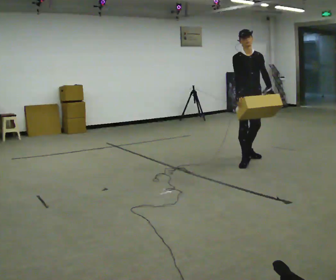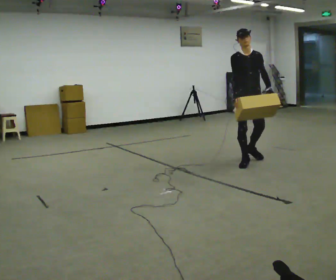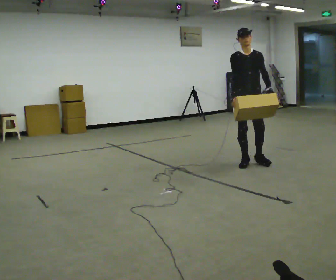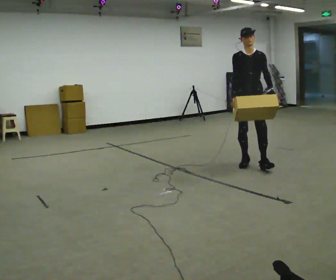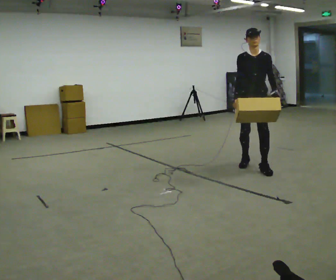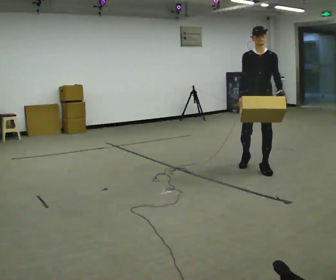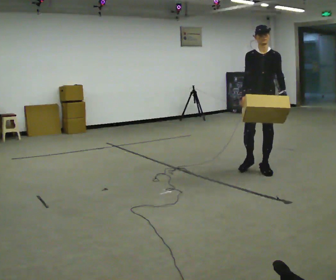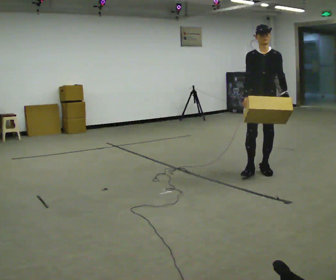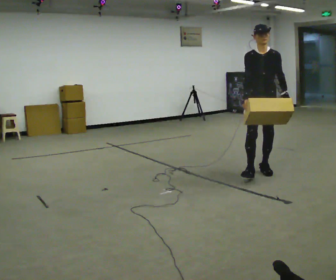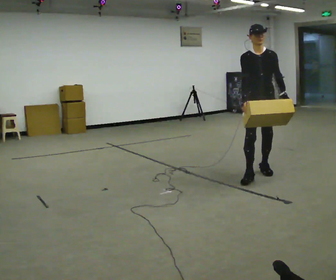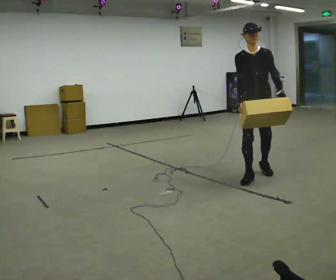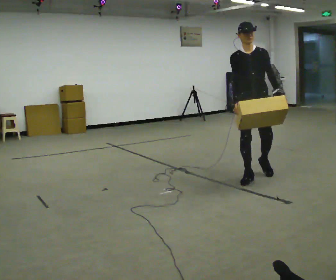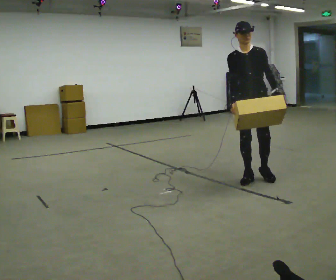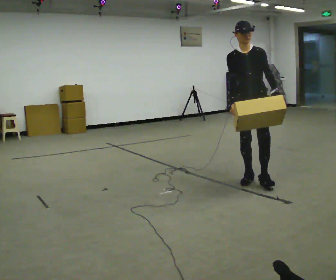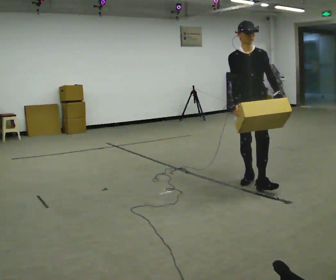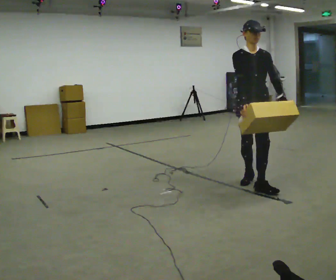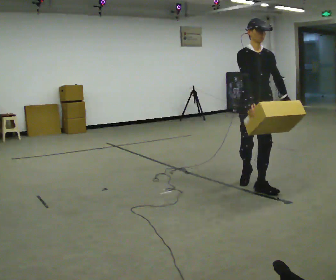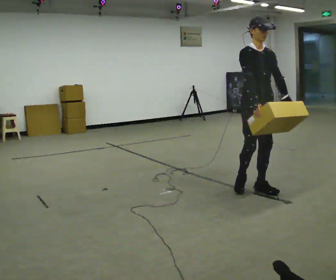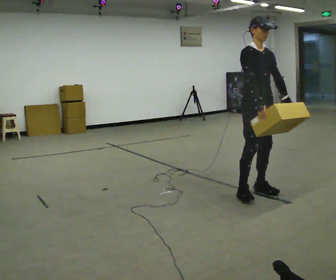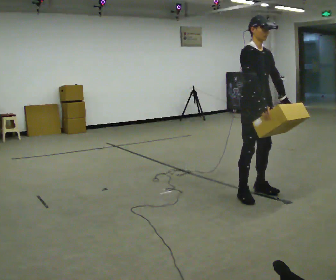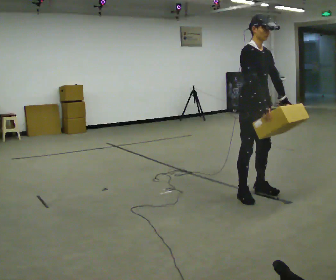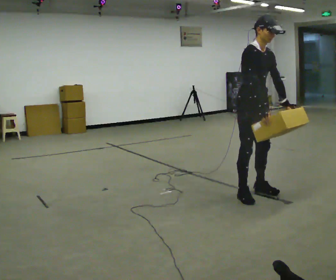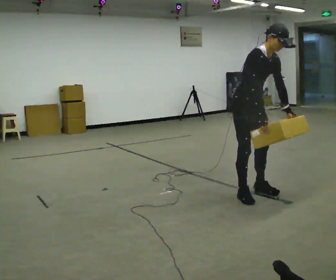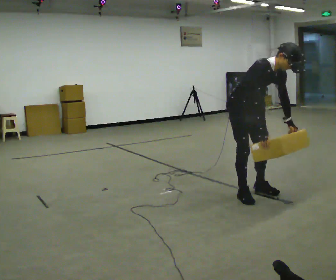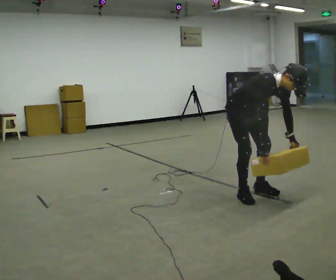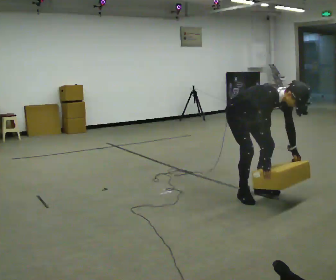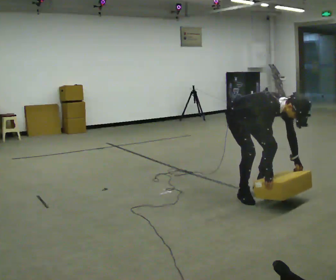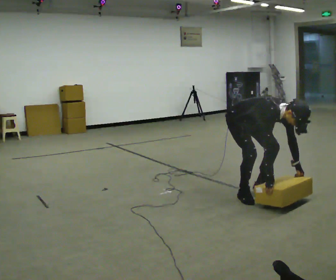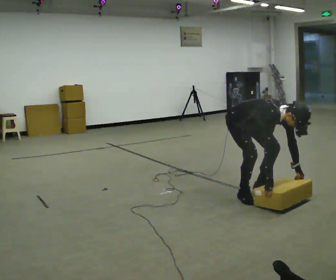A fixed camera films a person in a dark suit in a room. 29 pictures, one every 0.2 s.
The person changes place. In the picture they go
toward the camera.
The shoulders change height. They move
downward.
0.0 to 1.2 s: Seen from above the body turns clockwise, about 30 degrees: to their right, with its near side sliding to the left. In the picture they go toward the camera and to the right, about 0.5 m in 1 step, which for them is forward.
1.2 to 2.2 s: In the picture they go toward the camera, about 0.25 m in 1 step, which for them is forward and to their right.
2.2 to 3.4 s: The part of the body nearest the lens slides to the right as the person turns to their left by about 30 degrees. In the picture they go toward the camera, about 0.5 m in 1 step, which for them is forward.
3.4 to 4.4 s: In the picture the upper body tilts clockwise, shoulders to the right, as they bend forward.
4.4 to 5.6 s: The shoulders move downward. In the picture the upper body tilts clockwise, shoulders to the right, as they bend forward. In the picture their right hand goes downward.
The film runs forward here.
